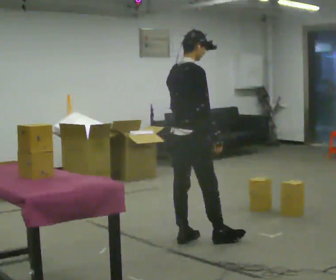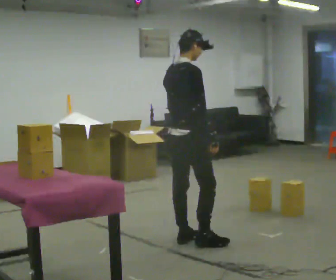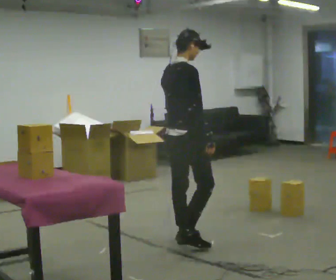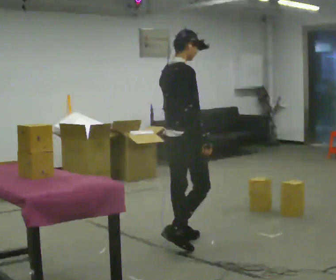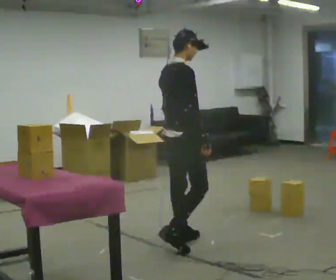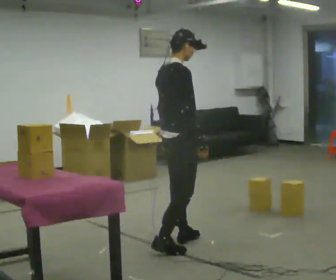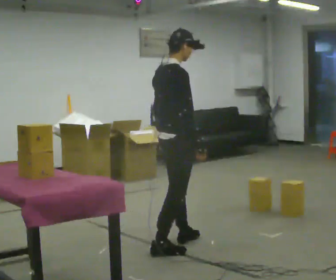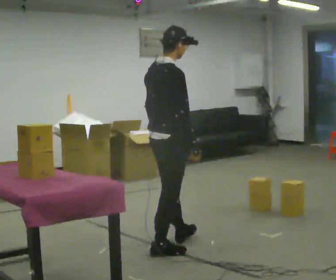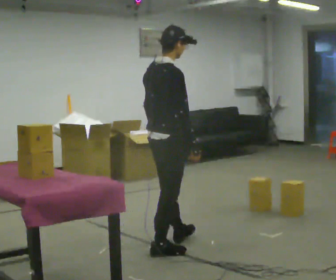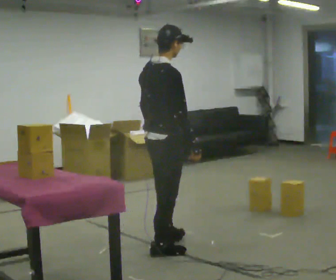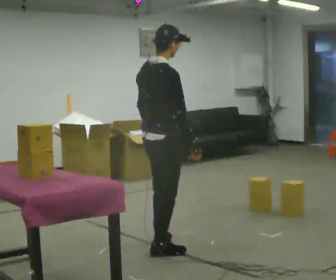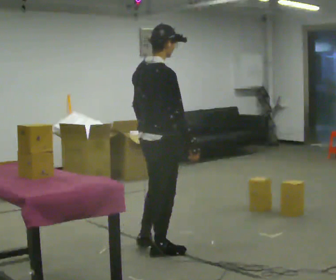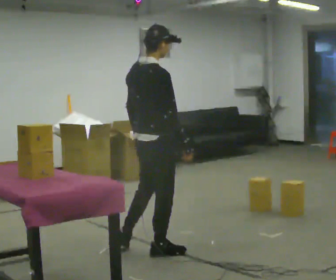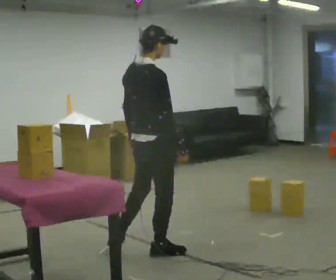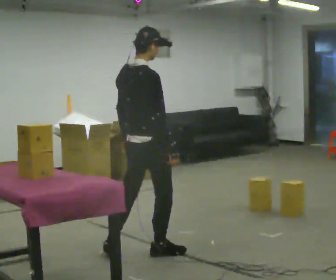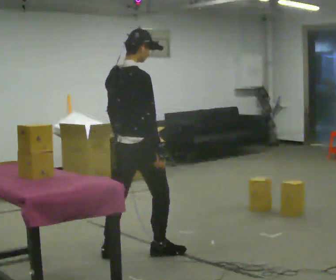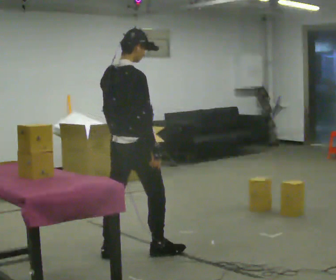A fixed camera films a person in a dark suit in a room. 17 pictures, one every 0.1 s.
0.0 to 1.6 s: In the picture they go to the left and toward the camera, about 0.5 m in 1 step, which for them is backward.
The film runs backward here.
